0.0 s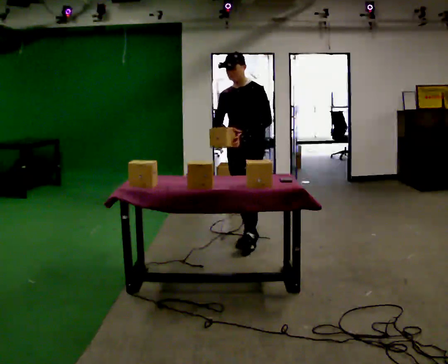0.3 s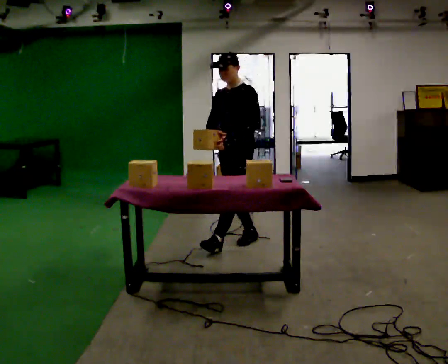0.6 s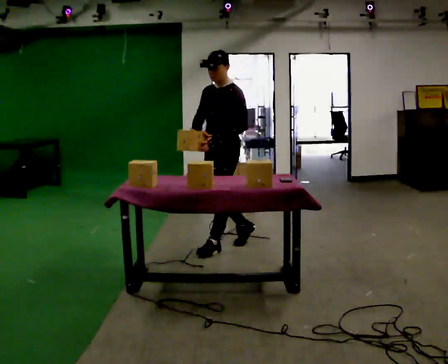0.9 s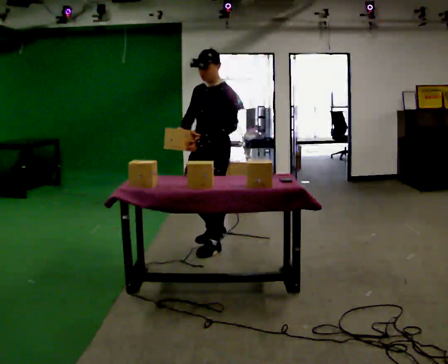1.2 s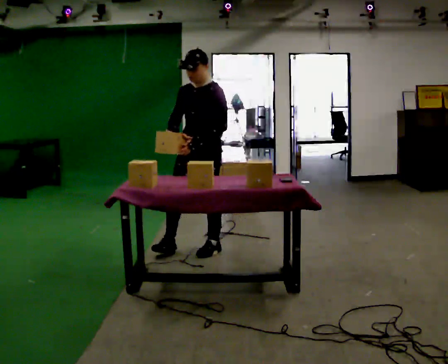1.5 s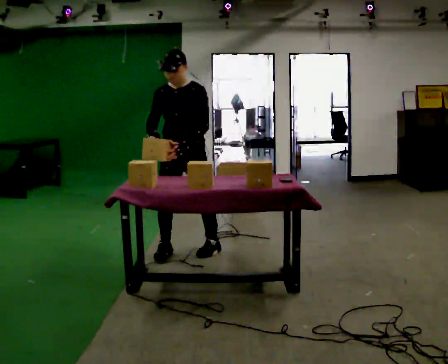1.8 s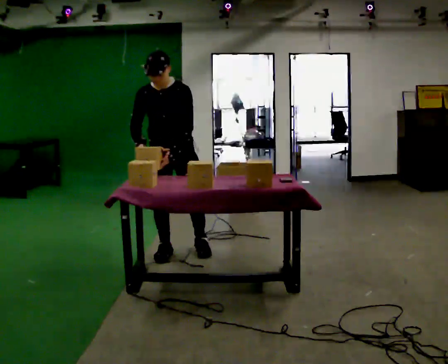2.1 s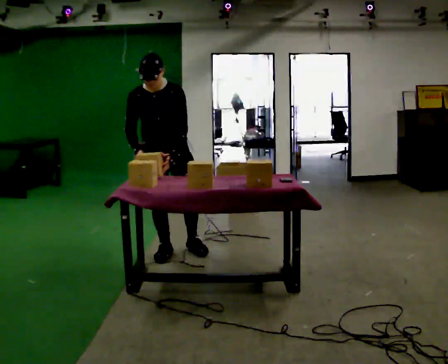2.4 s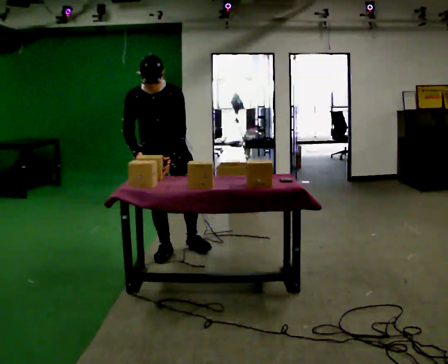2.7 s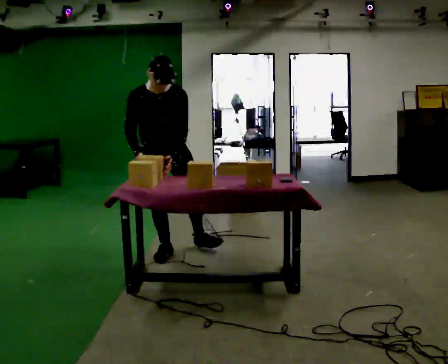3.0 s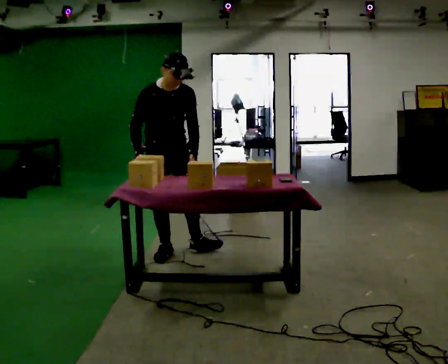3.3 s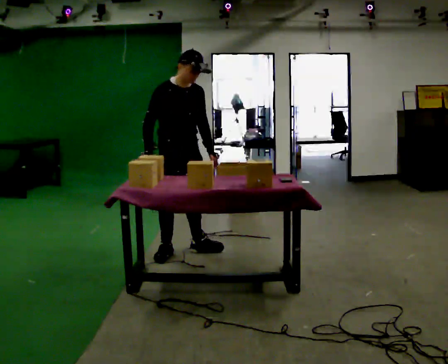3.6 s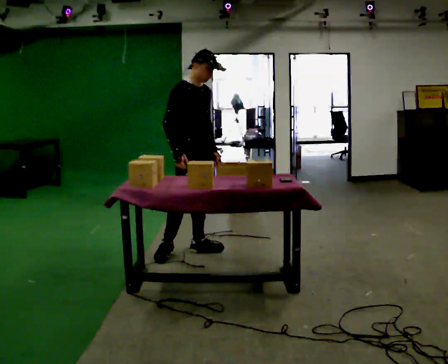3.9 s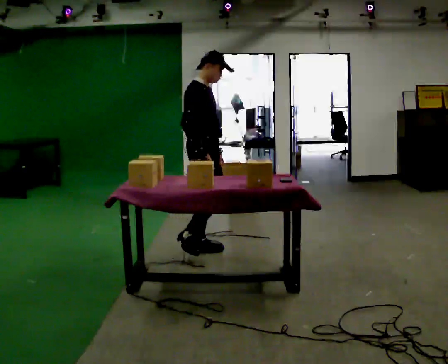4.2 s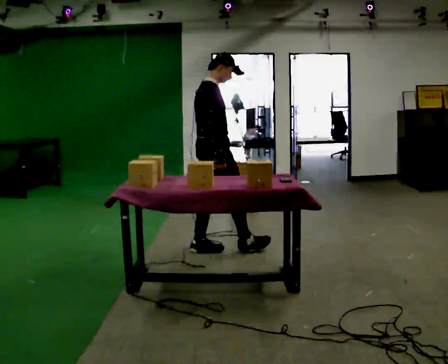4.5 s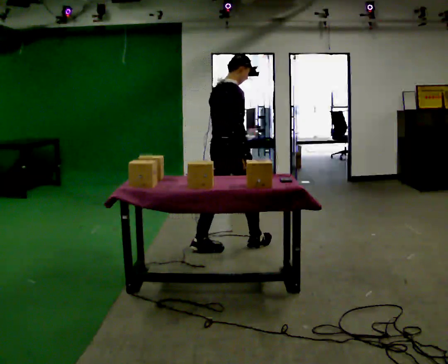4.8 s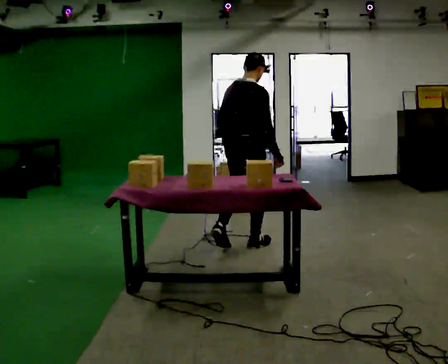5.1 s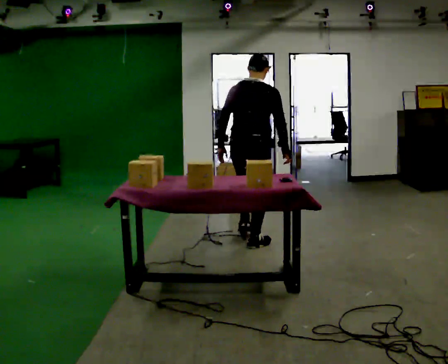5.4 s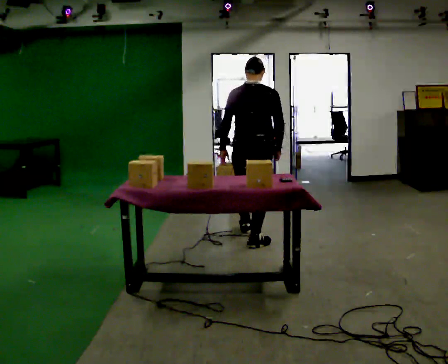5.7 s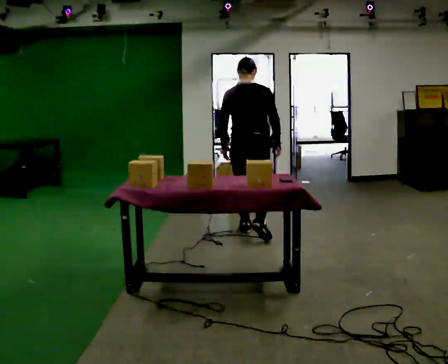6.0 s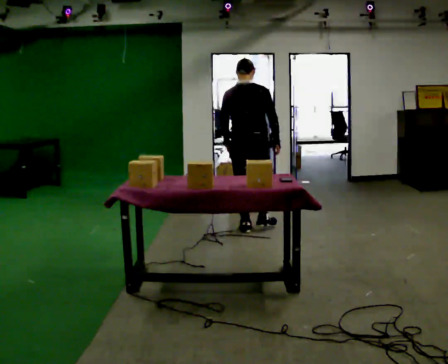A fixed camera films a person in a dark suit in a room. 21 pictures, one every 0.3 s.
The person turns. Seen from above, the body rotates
counterclockwise.
The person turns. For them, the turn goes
to their left.
0.0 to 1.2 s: In the picture they go to the left and toward the camera, about 0.5 m in 1 step, which for them is forward.
1.2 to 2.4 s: Seen from above the body turns counterclockwise, about 45 degrees: to their left, with its near side sliding to the right. In the picture they go to the left, about 0.25 m in 2 steps, which for them is to their right. The upper body tips toward the camera, its near side rolling downward, as they bend forward.
2.4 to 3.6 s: The person turns about 60 degrees to their left, counterclockwise seen from above, so the part of the body nearest the lens slides to the right. In the picture they go to the right, about 0.25 m, which for them is to their left. The upper body tips away from the camera, its near side rolling upward, as they lean back or straighten. In the picture their left hand goes to the right.
3.6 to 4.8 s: The person turns about 75 degrees to their left, counterclockwise seen from above, so the part of the body nearest the lens slides to the right. In the picture they go to the right, about 0.5 m in 1 step.
4.8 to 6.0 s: Seen from above the body turns counterclockwise, about 30 degrees: to their left, with its near side sliding to the right. In the picture they go away from the camera, about 0.5 m in 1 step, which for them is forward.
The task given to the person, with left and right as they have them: 1. Clear everything off the table and put it away on the shelves. 2. Then set the table back up the way the operator shows you in the photo. 3. Tell the operator when you are finished.
The film runs forward here.
